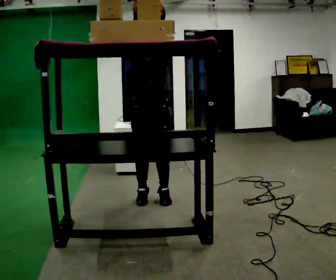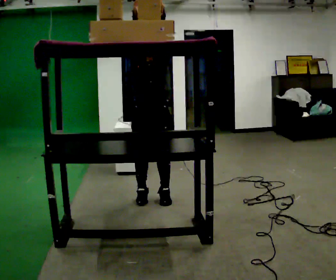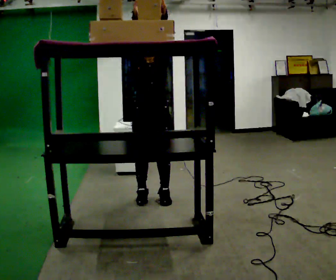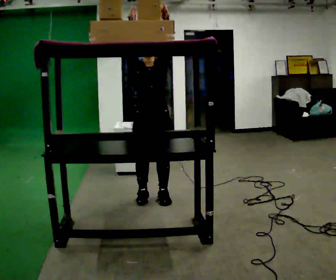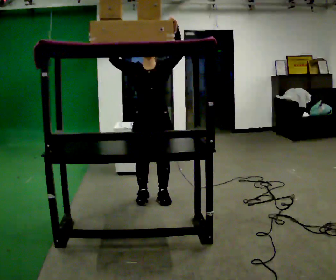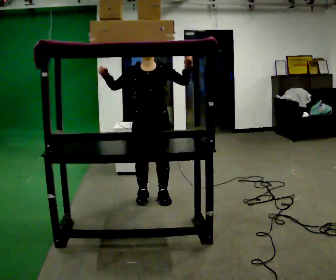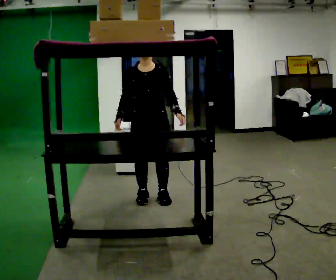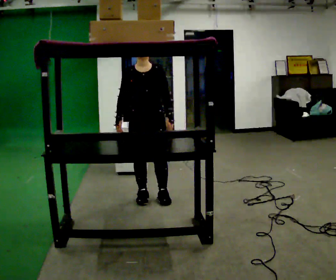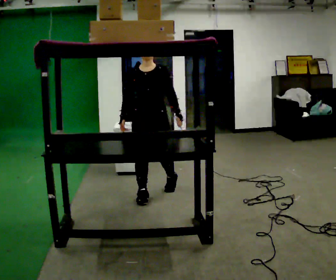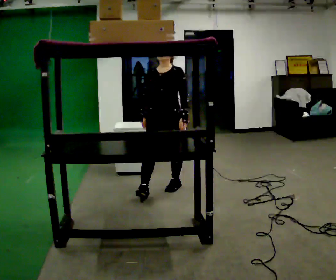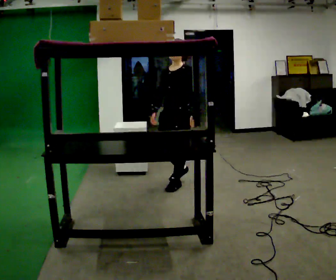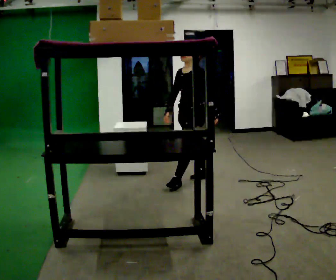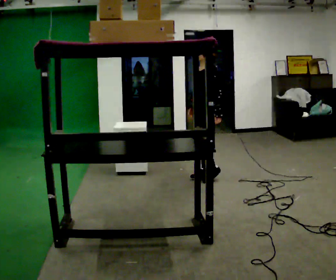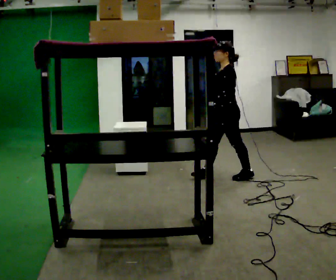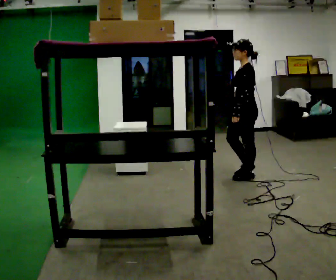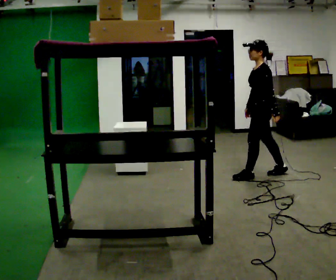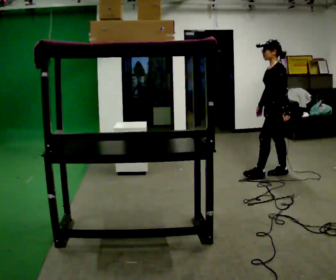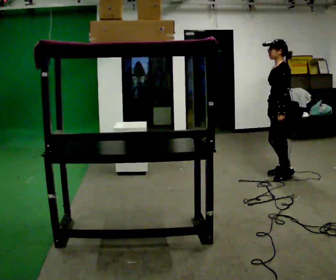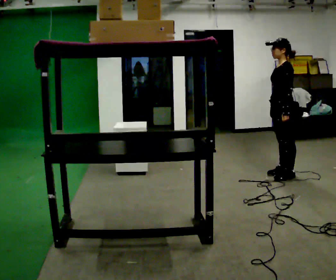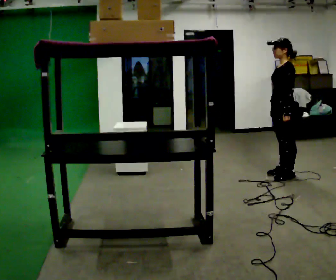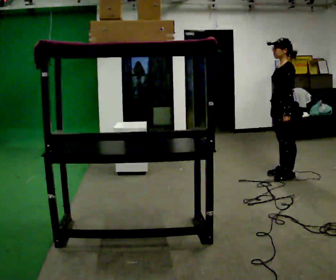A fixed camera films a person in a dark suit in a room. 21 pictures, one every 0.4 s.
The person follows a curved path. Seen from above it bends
clockwise.
Their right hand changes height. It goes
downward.
0.0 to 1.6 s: The person moves a little, or ends about where they began.
1.6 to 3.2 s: In the picture they go away from the camera, about 0.25 m in 1 step, which for them is backward. In the picture their left hand goes downward, the arm swinging clockwise.
3.2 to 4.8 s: The person turns about 60 degrees to their right, clockwise seen from above, so the part of the body nearest the lens slides to the left. In the picture they go away from the camera and to the right, about 1 m in 2 steps.
4.8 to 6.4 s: In the picture they go to the right, about 1 m in 2 steps, which for them is backward.
6.4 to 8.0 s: The person moves a little, or ends about where they began.
The film runs backward here.
